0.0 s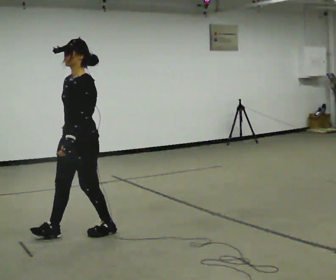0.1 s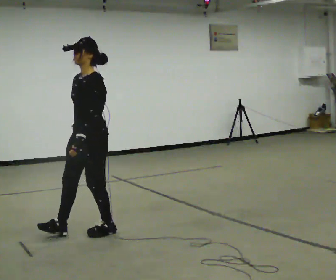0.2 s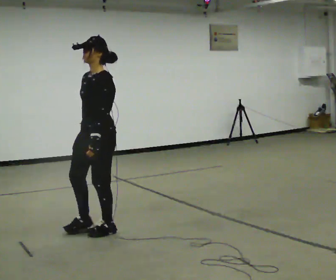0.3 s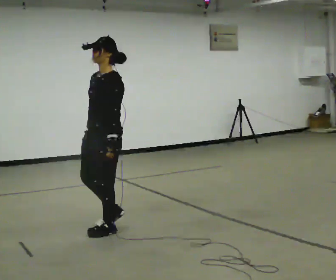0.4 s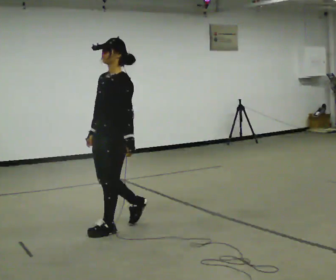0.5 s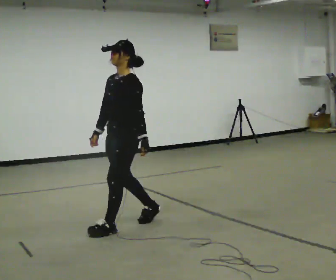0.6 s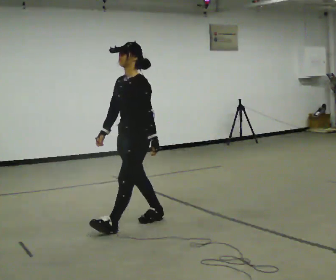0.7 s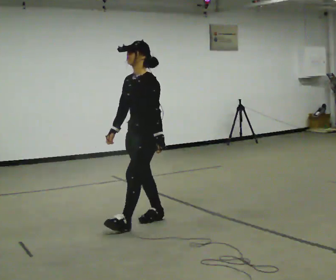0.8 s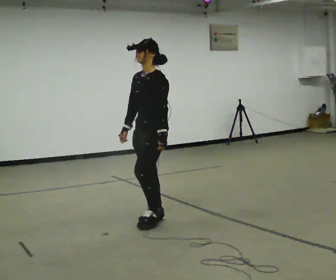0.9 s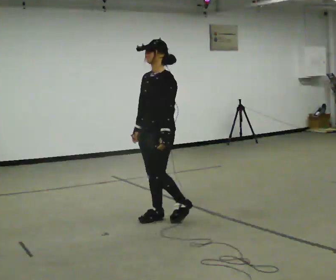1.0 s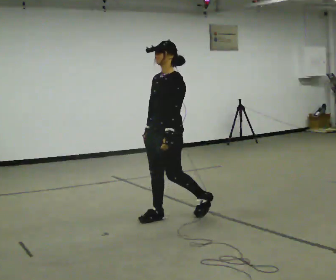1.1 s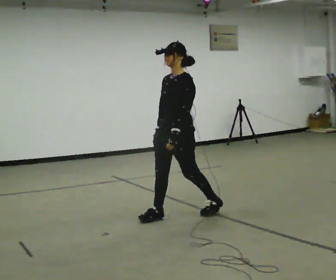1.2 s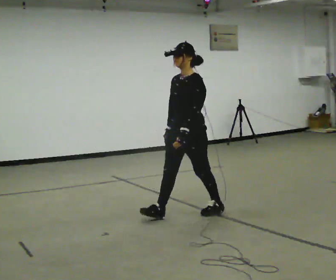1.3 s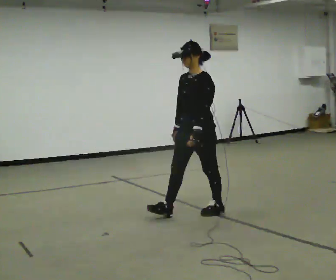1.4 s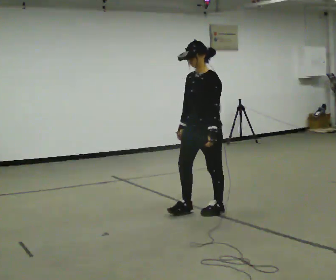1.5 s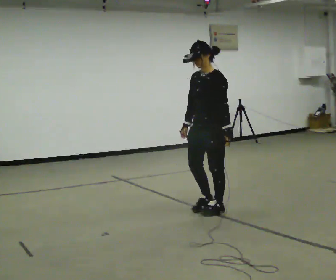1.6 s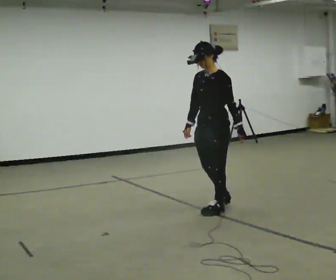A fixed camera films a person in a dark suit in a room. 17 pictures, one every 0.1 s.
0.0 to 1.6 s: In the picture they go to the right and away from the camera, about 1.5 m in 2 steps, which for them is backward.
The film runs forward here.
